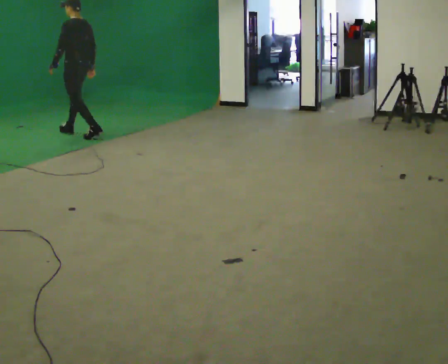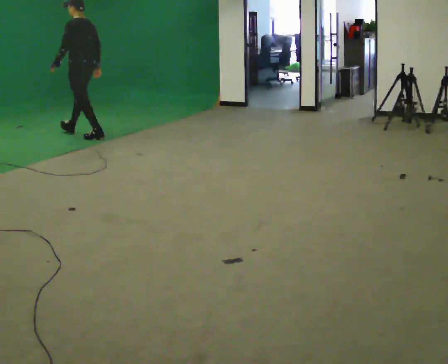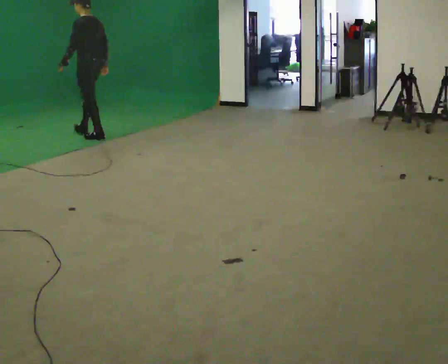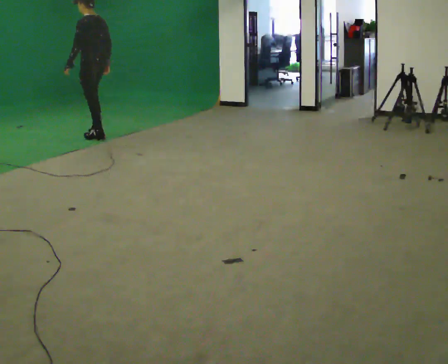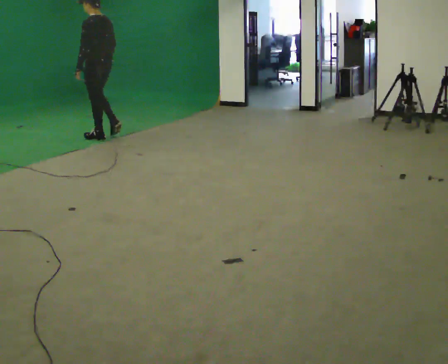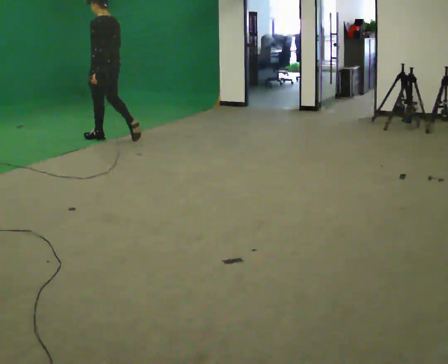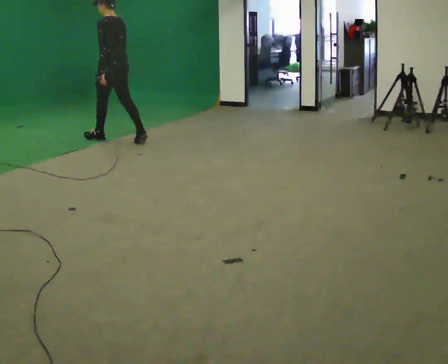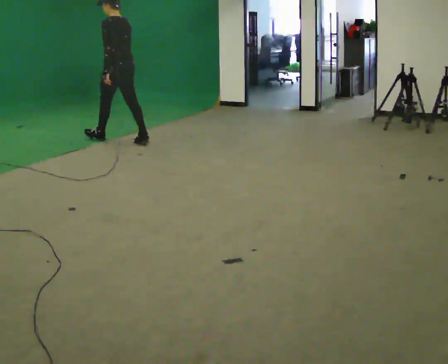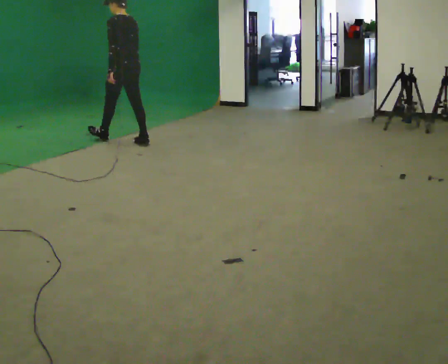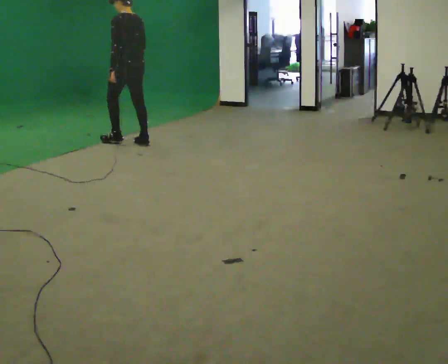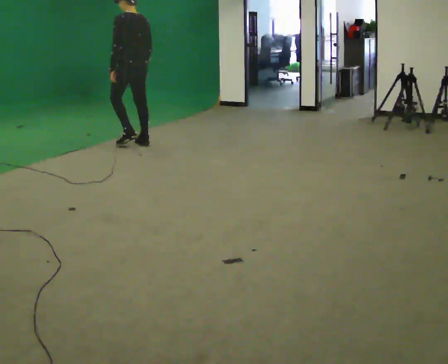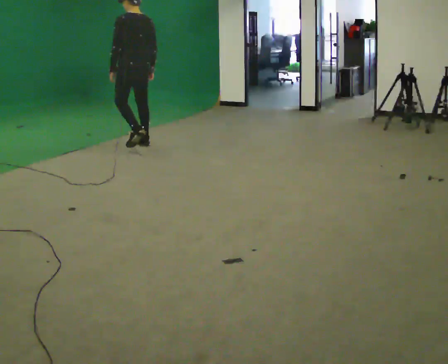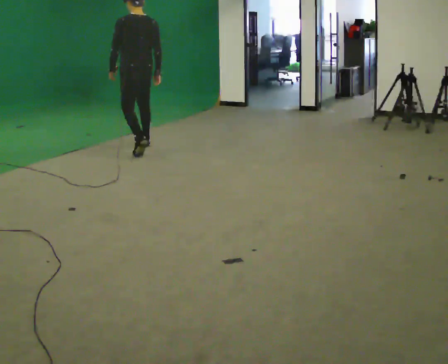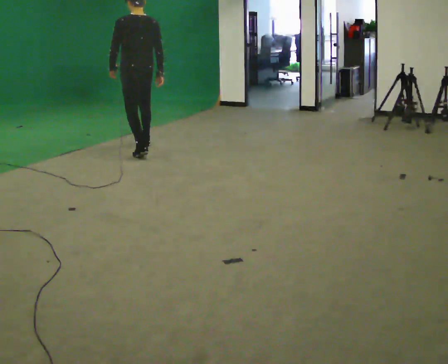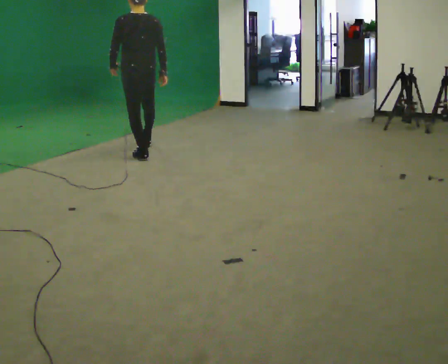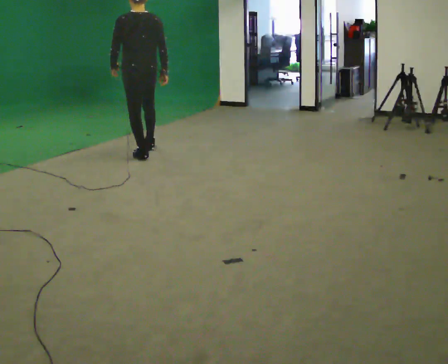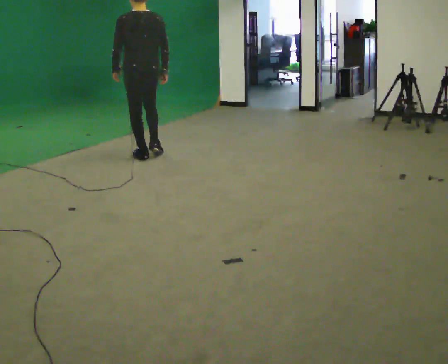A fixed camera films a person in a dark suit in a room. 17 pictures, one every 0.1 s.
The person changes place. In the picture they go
toward the camera.
0.0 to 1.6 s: The person turns about 45 degrees to their right, clockwise seen from above, so the part of the body nearest the lens slides to the left. In the picture they go toward the camera and to the right, about 1.5 m in 3 steps, which for them is backward.
The film runs backward here.
